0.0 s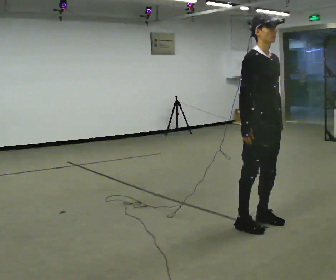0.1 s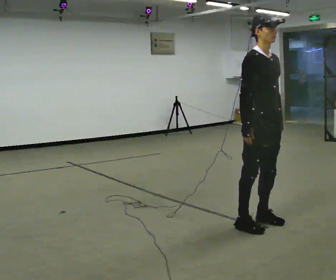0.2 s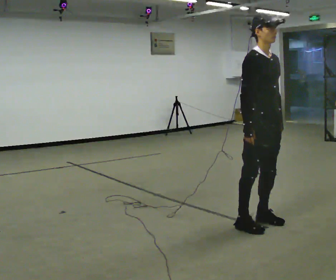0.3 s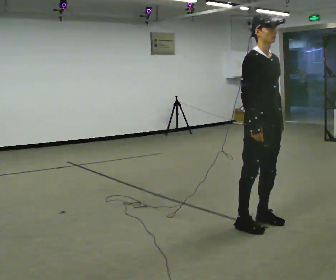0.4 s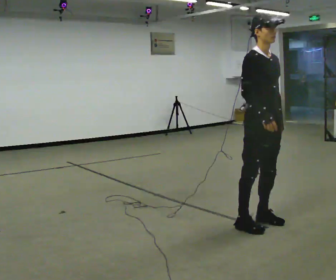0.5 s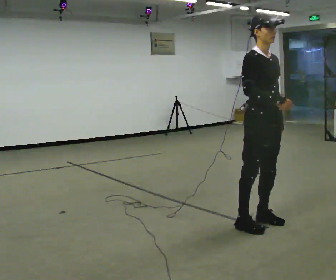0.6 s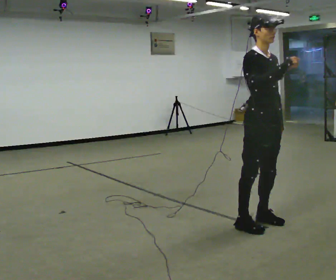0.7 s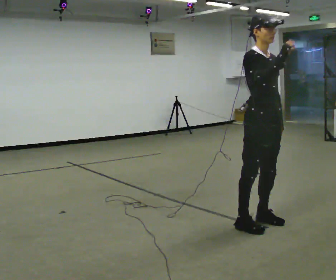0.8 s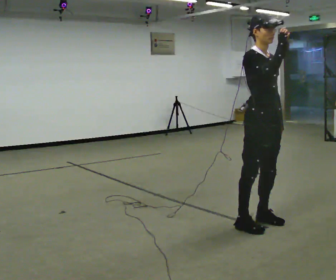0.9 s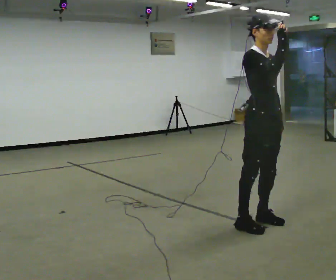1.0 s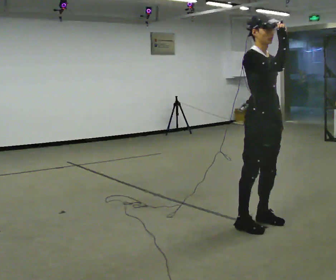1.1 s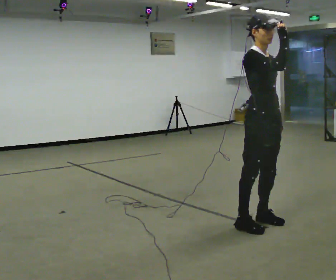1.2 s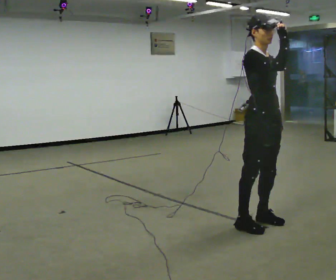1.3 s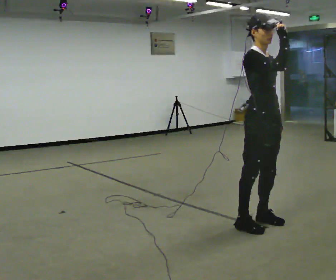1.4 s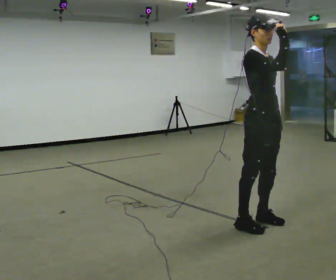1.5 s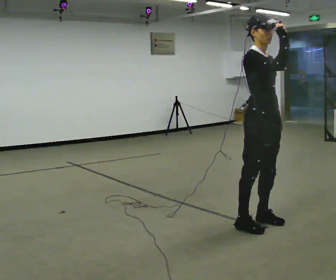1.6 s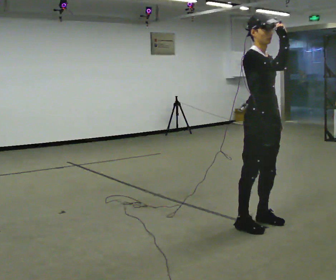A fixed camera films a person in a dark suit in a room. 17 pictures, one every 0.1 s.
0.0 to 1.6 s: In the picture their right hand goes upward and to the right.
The film runs forward here.
